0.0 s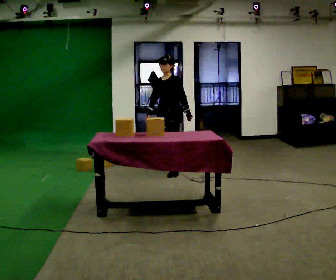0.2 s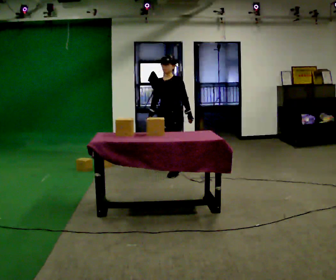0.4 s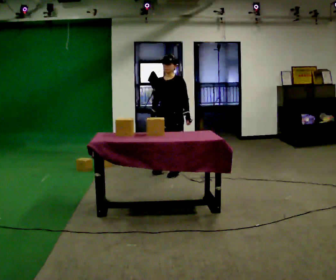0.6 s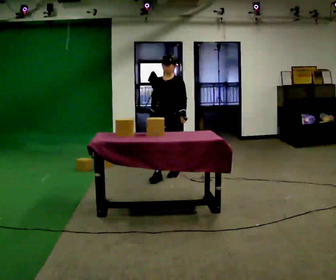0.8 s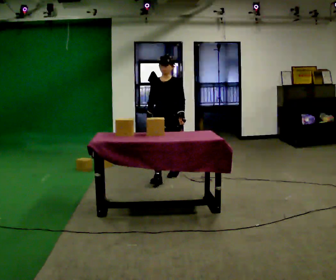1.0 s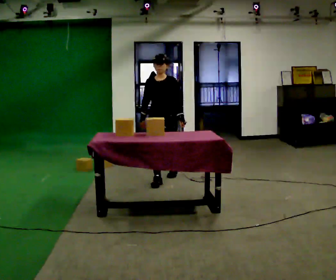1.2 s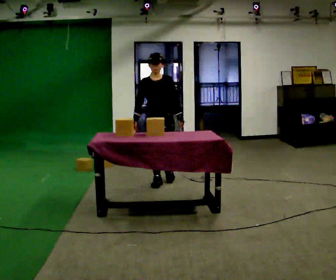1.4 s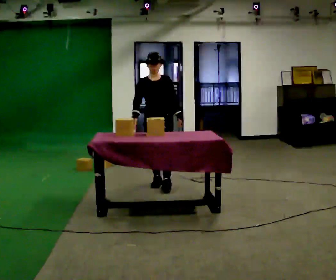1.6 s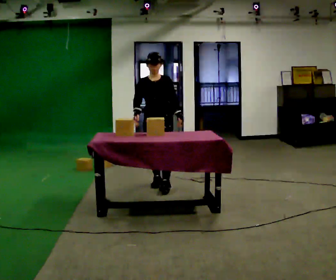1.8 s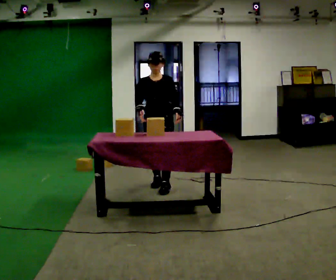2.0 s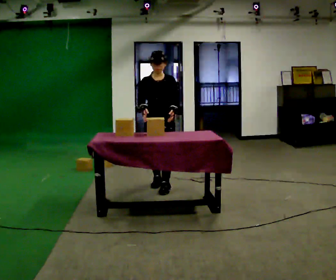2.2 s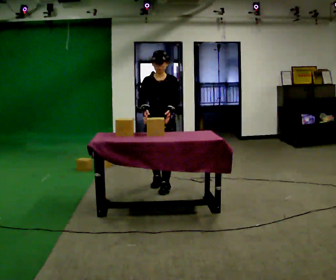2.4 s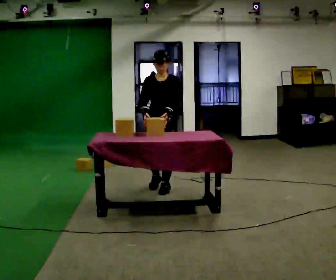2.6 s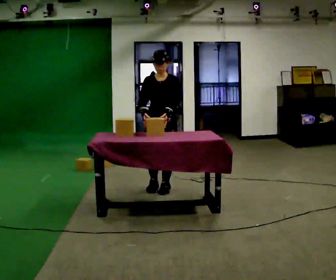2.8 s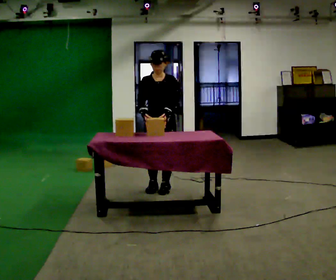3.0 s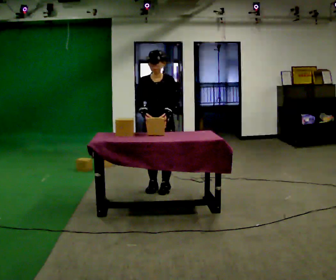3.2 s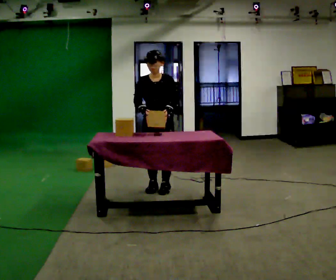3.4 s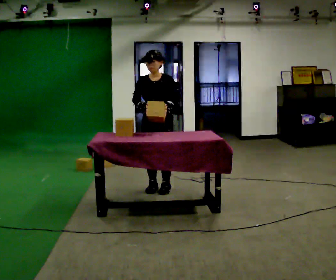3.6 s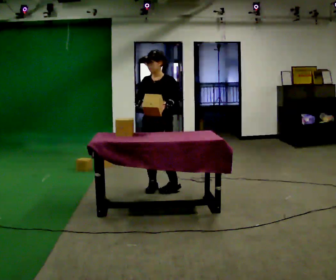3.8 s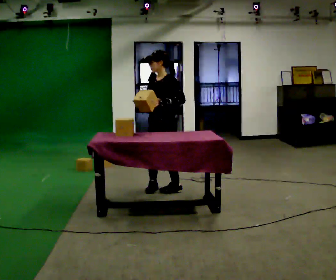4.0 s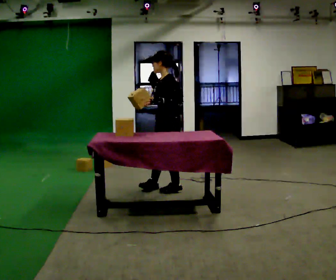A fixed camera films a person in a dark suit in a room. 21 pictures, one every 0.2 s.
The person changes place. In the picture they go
toward the camera.
0.0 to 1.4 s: Seen from above the body turns counterclockwise, about 45 degrees: to their left, with its near side sliding to the right. In the picture they go toward the camera, about 0.5 m in 1 step, which for them is forward.
1.4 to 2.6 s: In the picture they go toward the camera, about 0.25 m in 1 step, which for them is forward.
2.6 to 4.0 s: The part of the body nearest the lens slides to the left as the person turns to their right by about 75 degrees.
The film runs forward here.
